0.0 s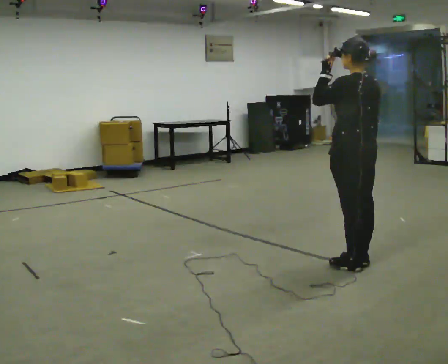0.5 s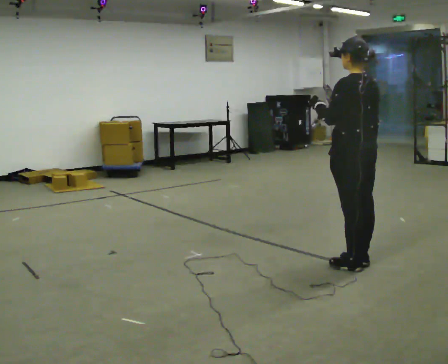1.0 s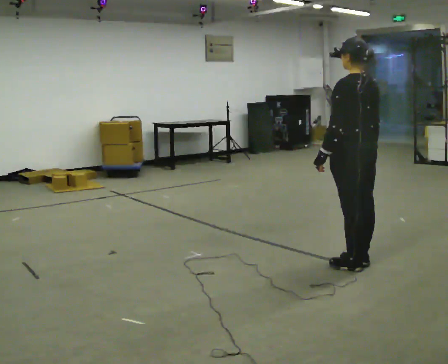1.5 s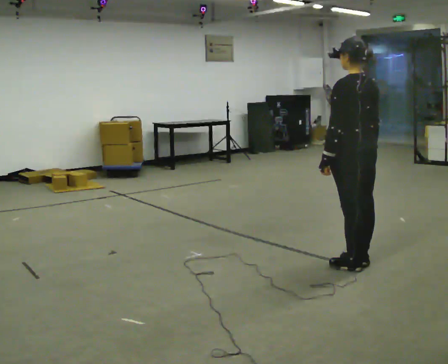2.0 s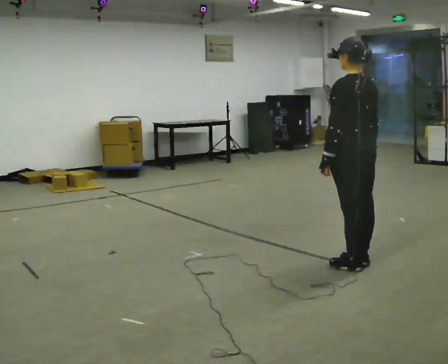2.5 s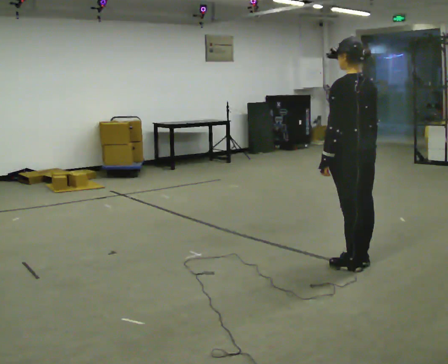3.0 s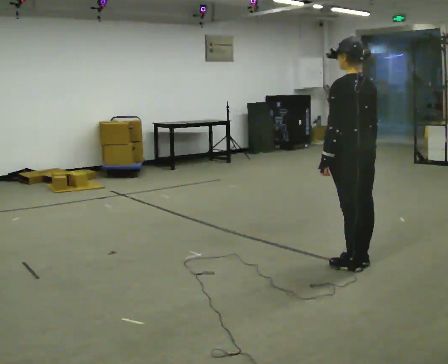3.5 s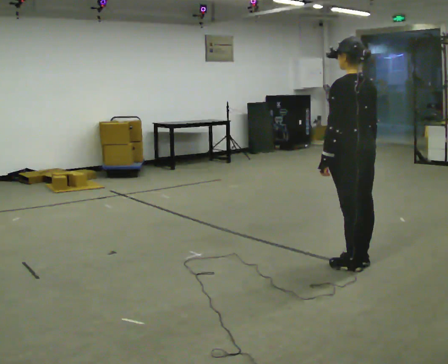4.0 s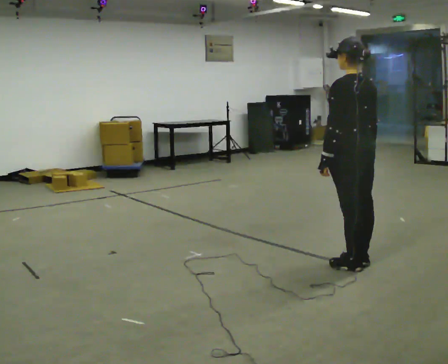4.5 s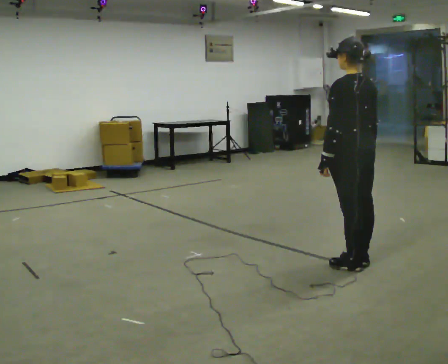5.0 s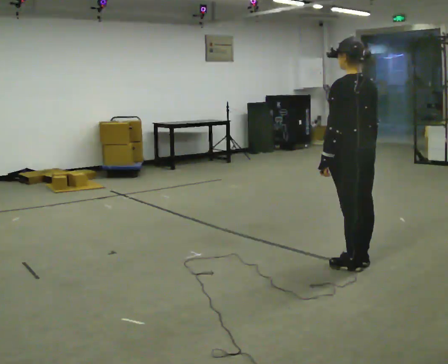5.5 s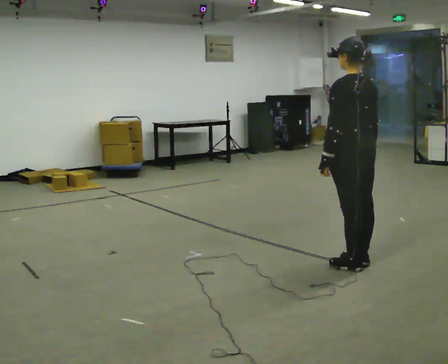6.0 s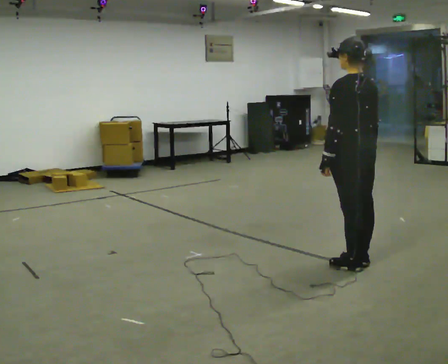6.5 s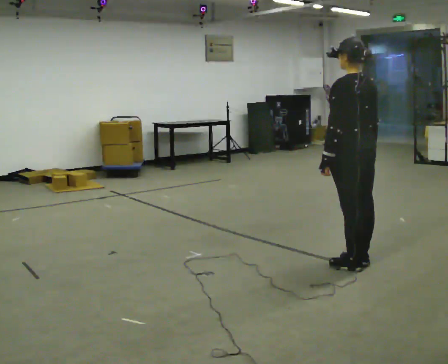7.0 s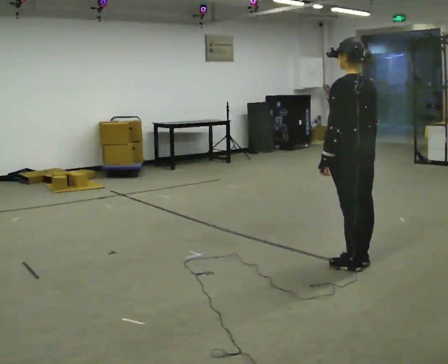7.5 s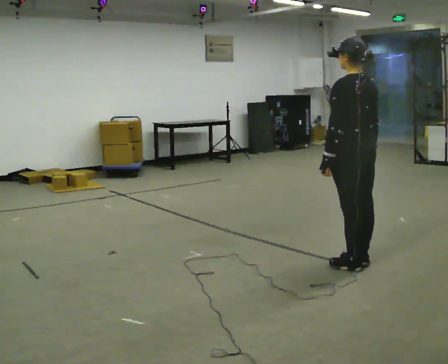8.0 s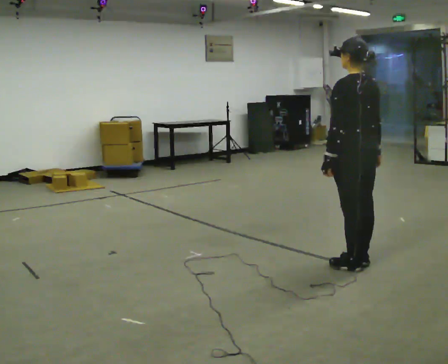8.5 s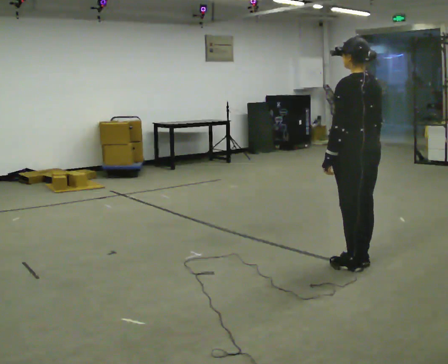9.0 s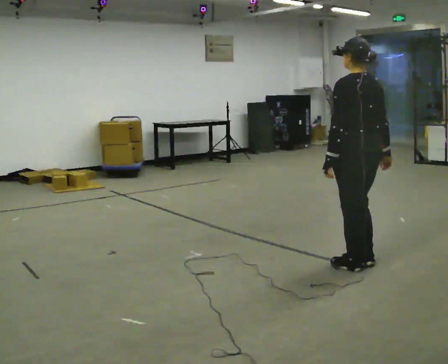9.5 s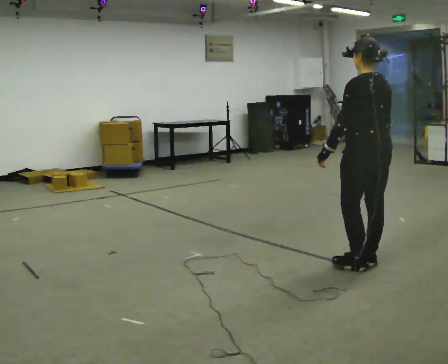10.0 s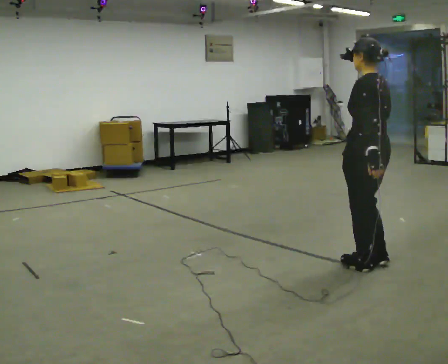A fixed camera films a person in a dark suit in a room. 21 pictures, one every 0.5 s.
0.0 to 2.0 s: In the picture their left hand goes downward.
2.0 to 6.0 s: The person keeps their place and pose.
6.0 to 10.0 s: The person moves a little, or ends about where they began.
The film runs backward here.
